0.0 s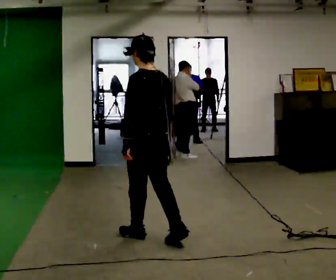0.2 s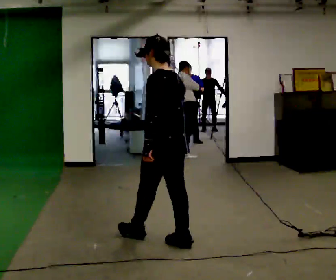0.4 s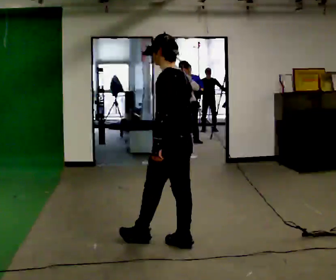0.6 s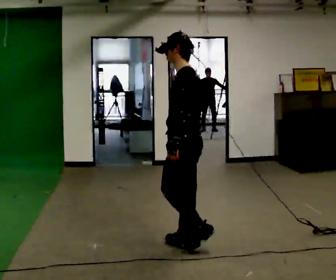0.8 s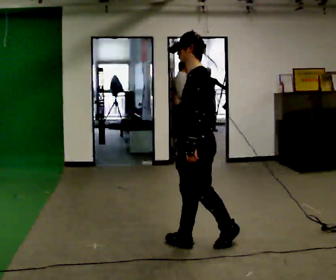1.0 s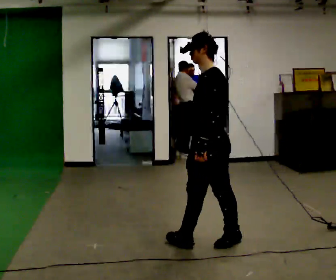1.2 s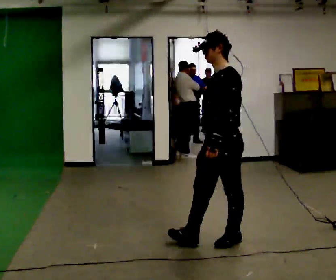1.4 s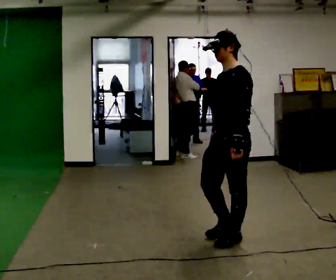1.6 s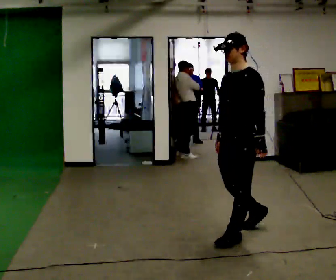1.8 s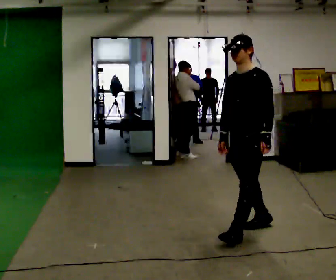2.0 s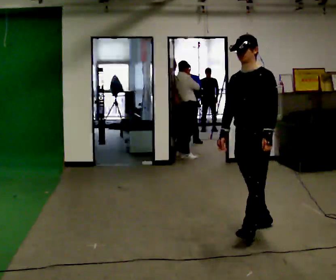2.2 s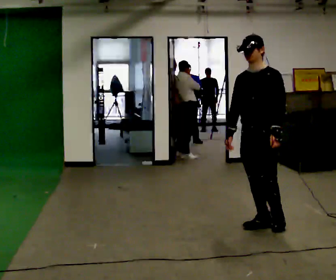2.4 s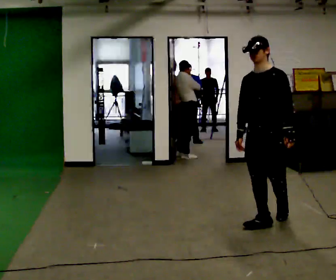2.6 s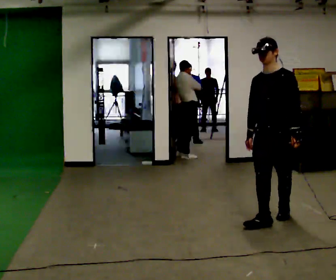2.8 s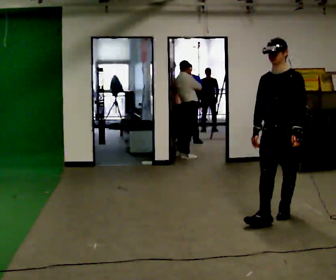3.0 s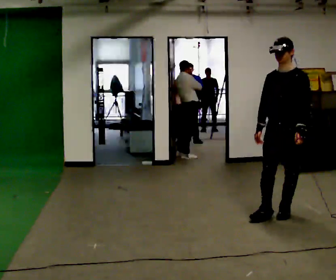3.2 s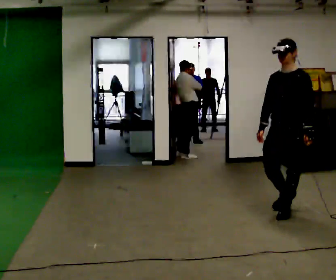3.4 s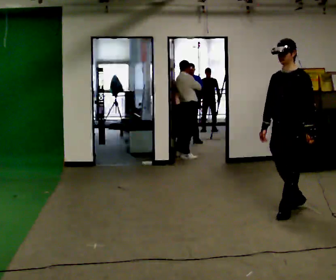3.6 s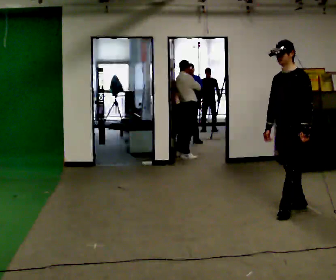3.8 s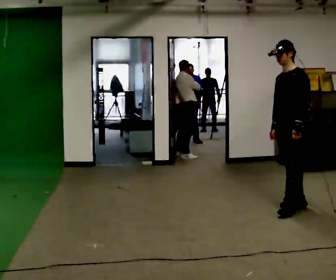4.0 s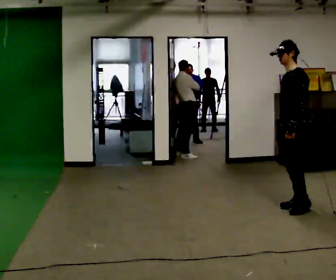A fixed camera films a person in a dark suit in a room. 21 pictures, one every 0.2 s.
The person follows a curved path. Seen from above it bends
counterclockwise.
0.0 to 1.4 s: The part of the body nearest the lens slides to the right as the person turns to their left by about 75 degrees. In the picture they go to the right, about 0.75 m in 2 steps.
1.4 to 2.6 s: The part of the body nearest the lens slides to the right as the person turns to their left by about 30 degrees. In the picture they go away from the camera and to the right, about 0.75 m in 1 step, which for them is backward.
2.6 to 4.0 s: The part of the body nearest the lens slides to the left as the person turns to their right by about 45 degrees. In the picture they go away from the camera and to the right, about 0.5 m in 2 steps, which for them is backward.
The film runs backward here.
